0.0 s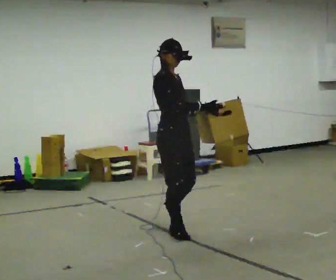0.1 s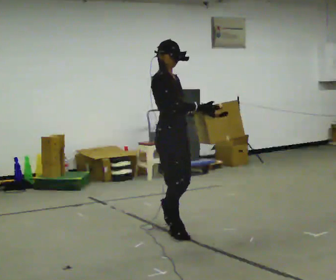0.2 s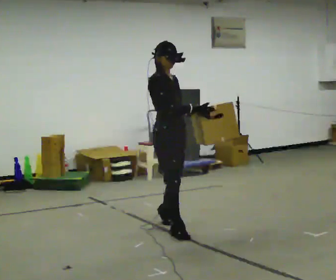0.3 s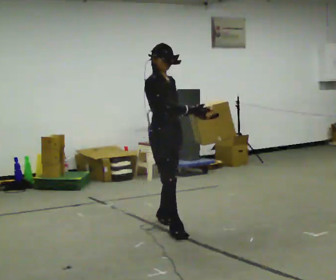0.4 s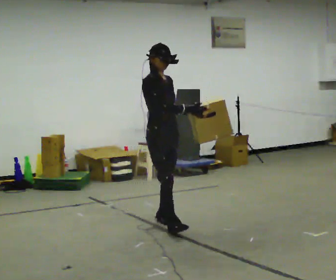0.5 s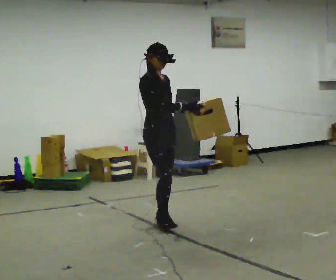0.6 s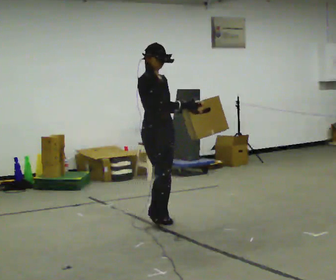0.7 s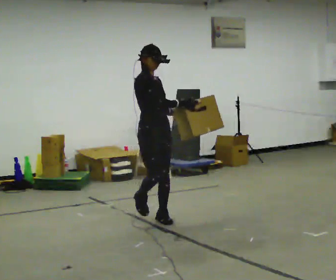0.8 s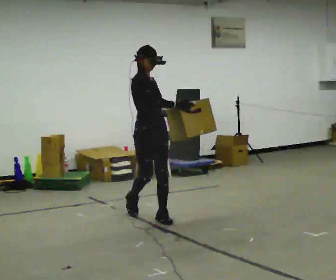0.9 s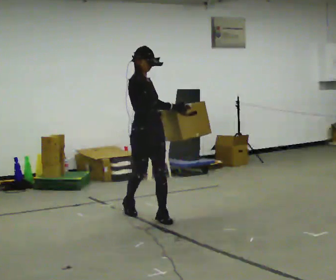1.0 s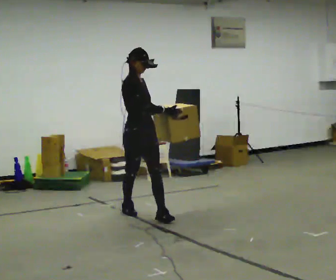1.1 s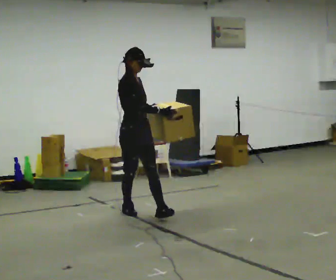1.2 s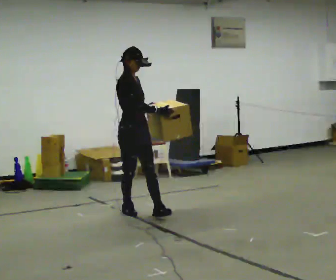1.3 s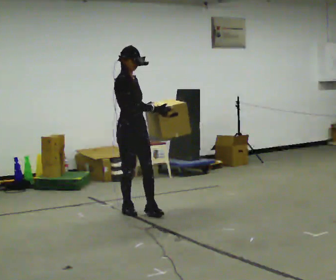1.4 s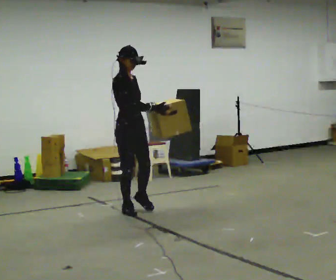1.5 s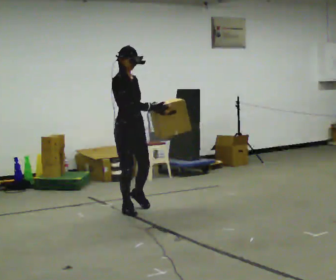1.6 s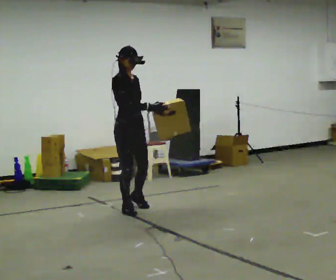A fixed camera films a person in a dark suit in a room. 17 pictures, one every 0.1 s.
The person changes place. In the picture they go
away from the camera.
0.0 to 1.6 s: In the picture they go away from the camera and to the left, about 1 m in 2 steps, which for them is backward.
The film runs backward here.
